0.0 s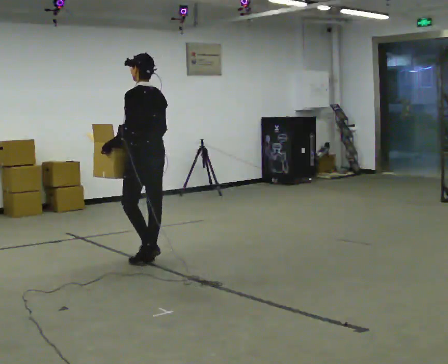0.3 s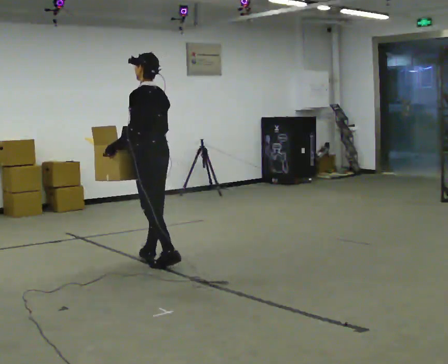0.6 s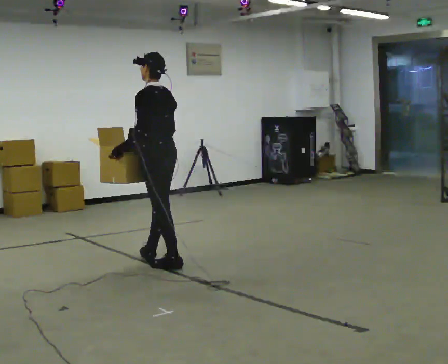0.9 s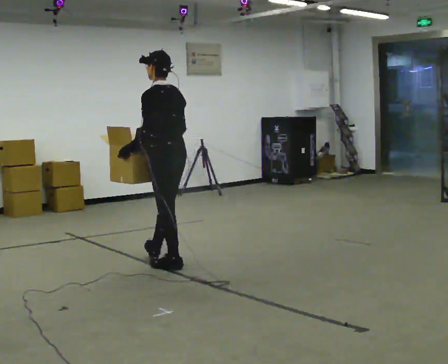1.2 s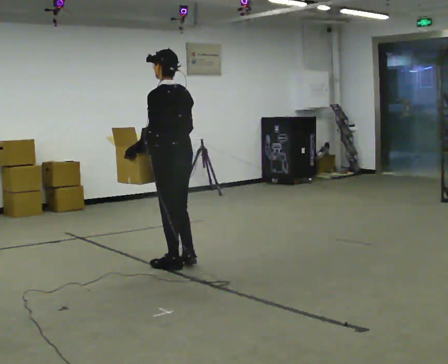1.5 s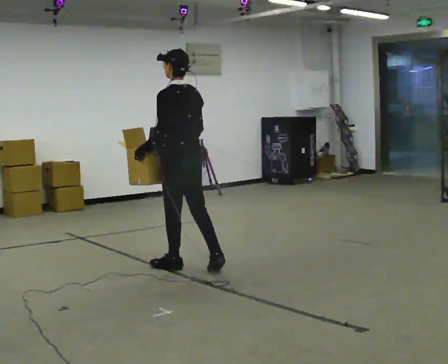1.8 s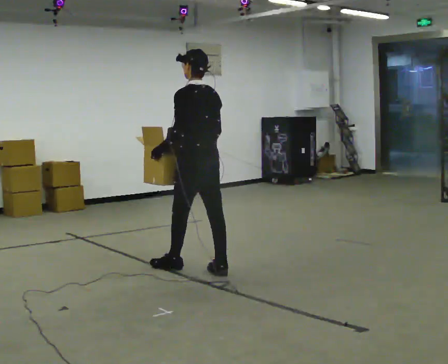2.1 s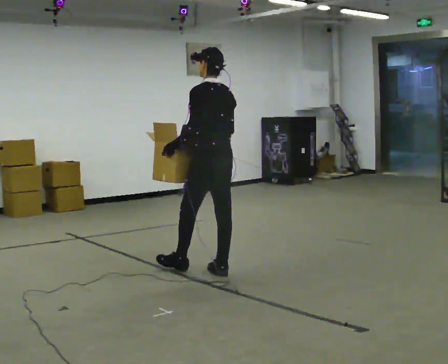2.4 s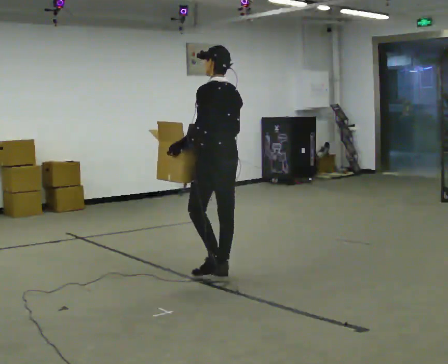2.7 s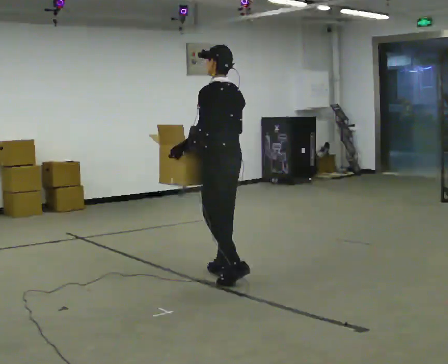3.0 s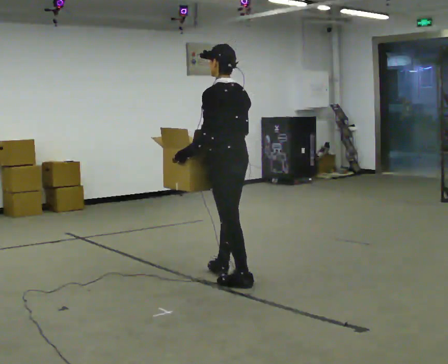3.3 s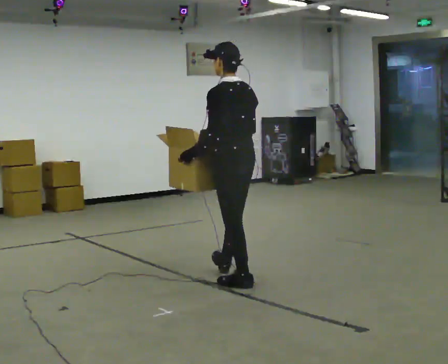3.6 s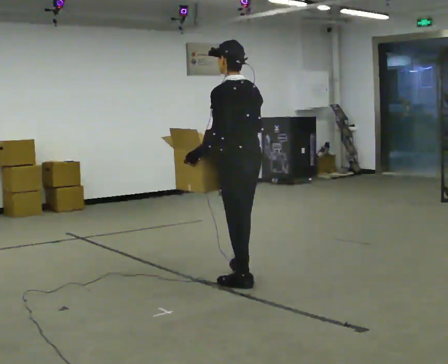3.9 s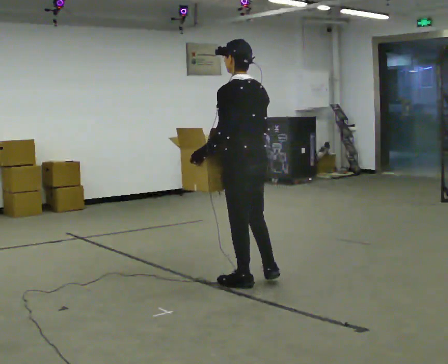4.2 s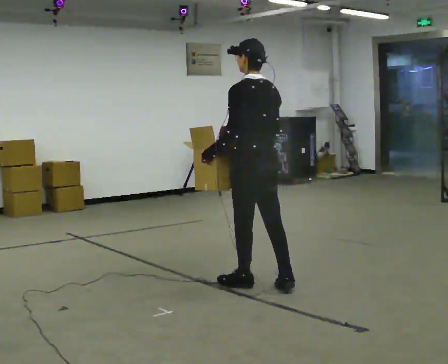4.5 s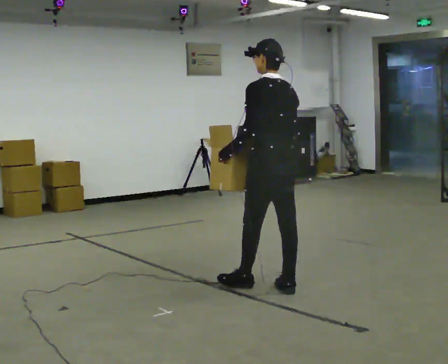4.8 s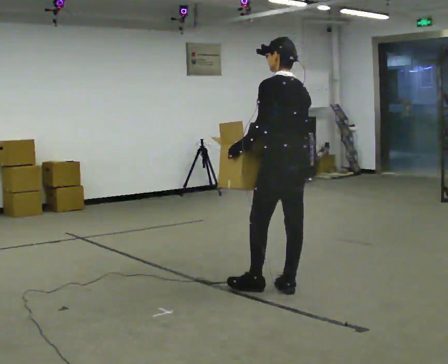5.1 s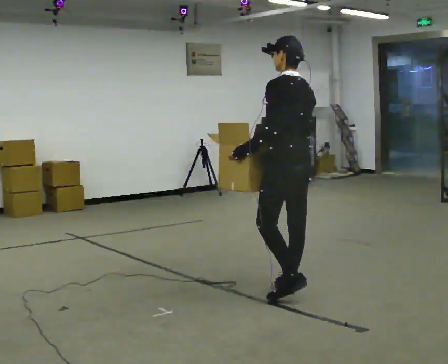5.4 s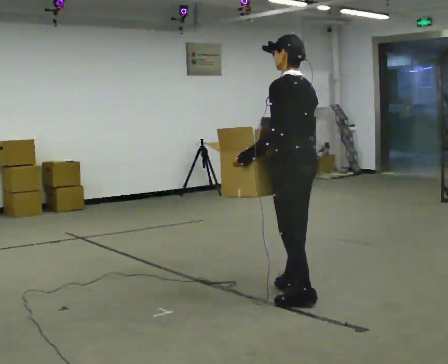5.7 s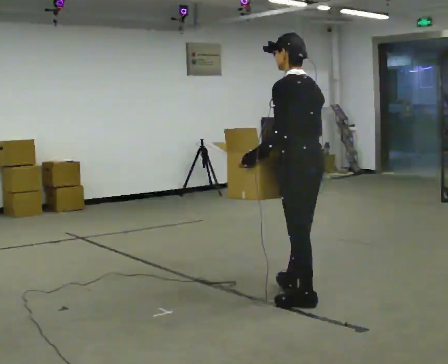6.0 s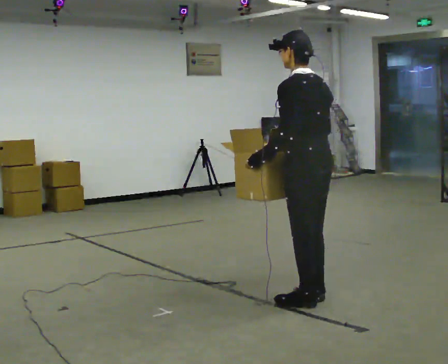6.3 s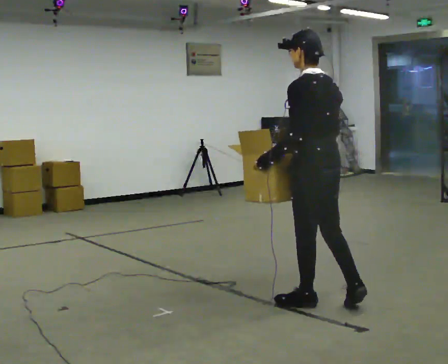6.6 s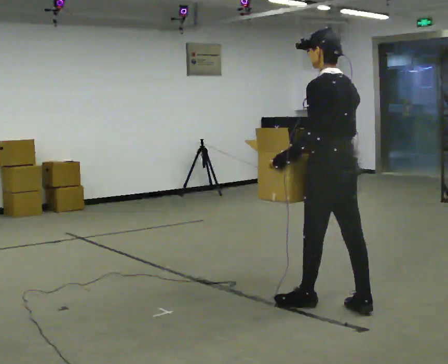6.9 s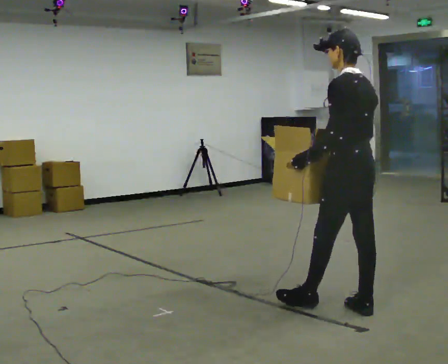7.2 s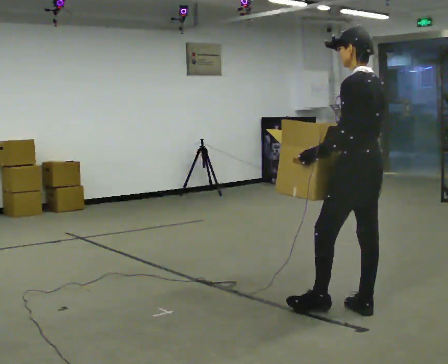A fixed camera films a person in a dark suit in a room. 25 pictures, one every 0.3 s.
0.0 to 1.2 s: In the picture they go toward the camera and to the right, about 0.5 m in 1 step, which for them is backward.
1.2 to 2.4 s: In the picture they go to the right, about 0.5 m in 1 step, which for them is backward and to their right.
2.4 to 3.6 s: In the picture they go toward the camera and to the right, about 0.5 m in 1 step, which for them is backward.
3.6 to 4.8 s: In the picture they go to the right and toward the camera, about 0.25 m in 1 step, which for them is backward and to their right.
4.8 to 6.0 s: In the picture they go toward the camera, about 0.25 m in 1 step, which for them is backward and to their left.
6.0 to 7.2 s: In the picture they go to the right, about 0.25 m in 1 step, which for them is backward and to their right.
The film runs backward here.
